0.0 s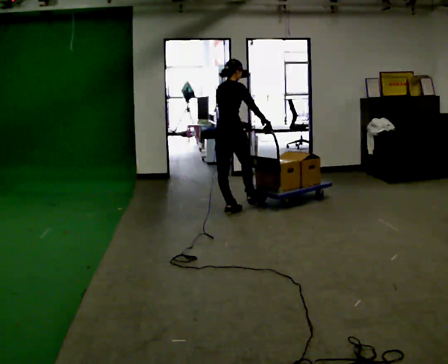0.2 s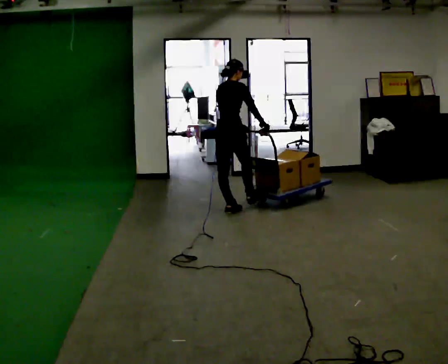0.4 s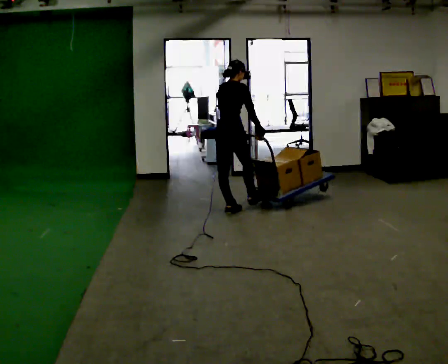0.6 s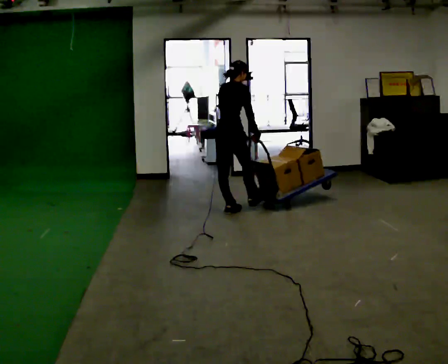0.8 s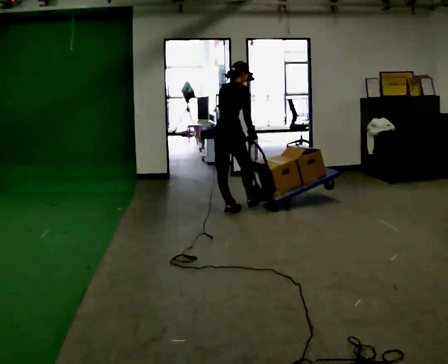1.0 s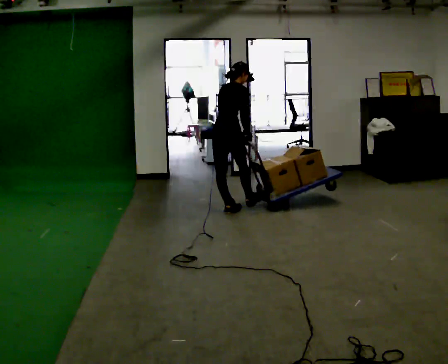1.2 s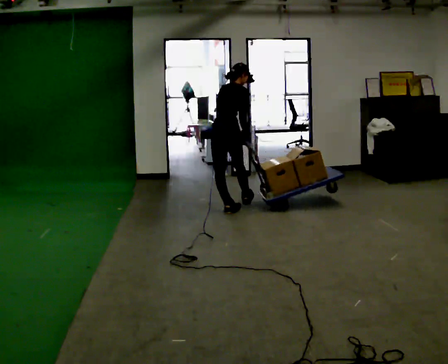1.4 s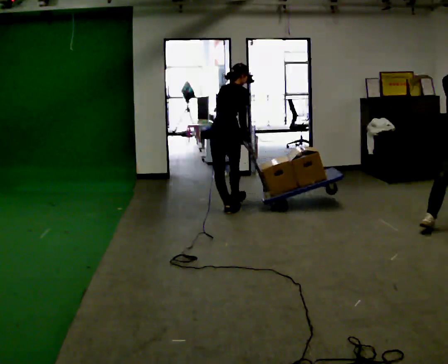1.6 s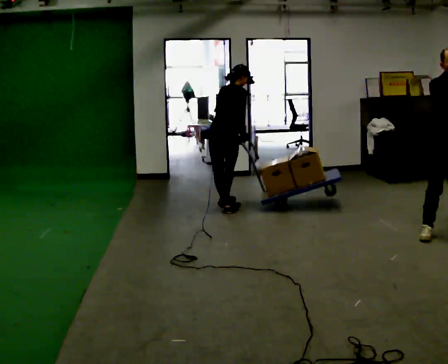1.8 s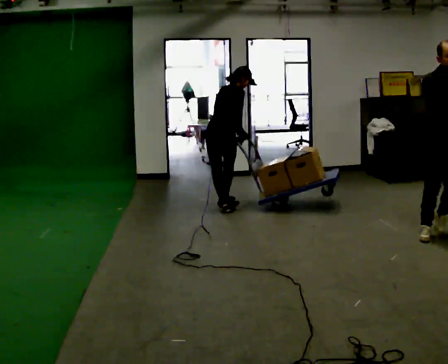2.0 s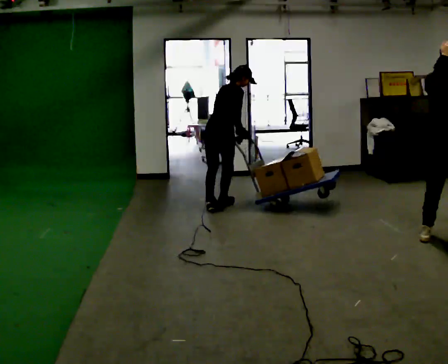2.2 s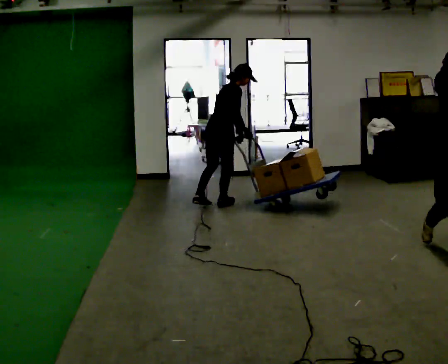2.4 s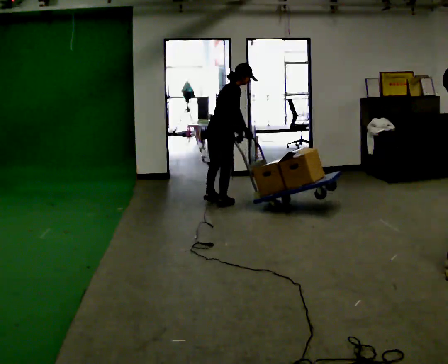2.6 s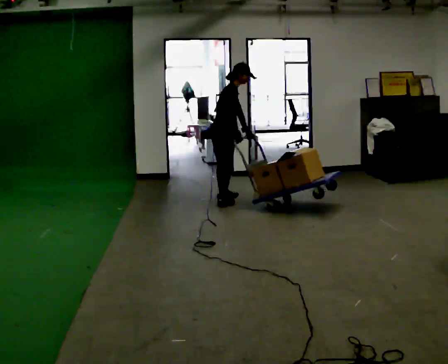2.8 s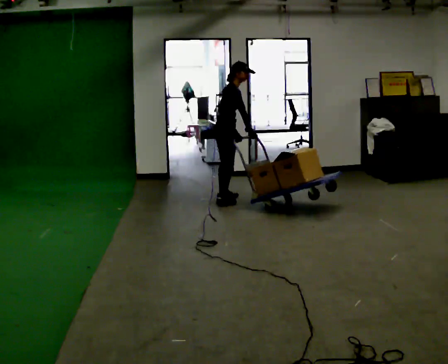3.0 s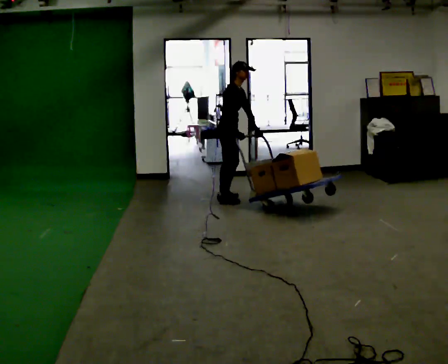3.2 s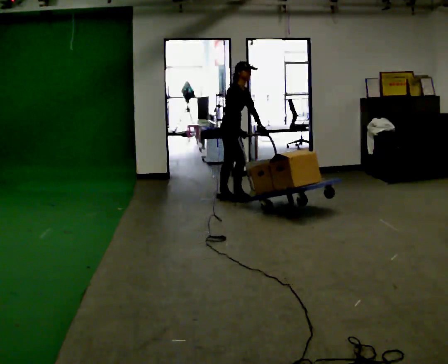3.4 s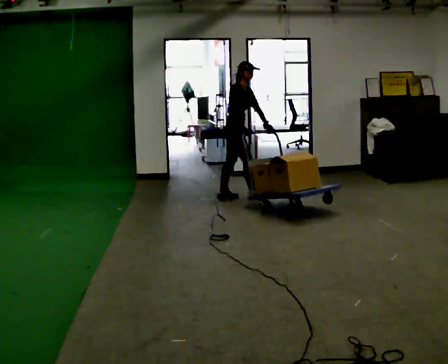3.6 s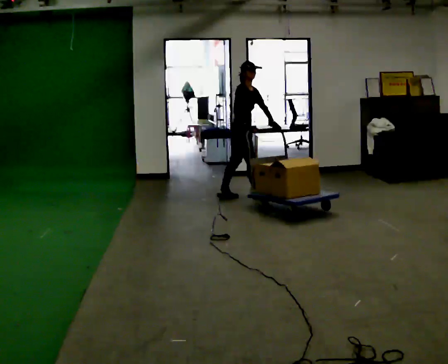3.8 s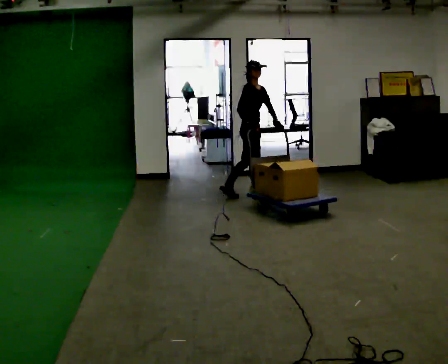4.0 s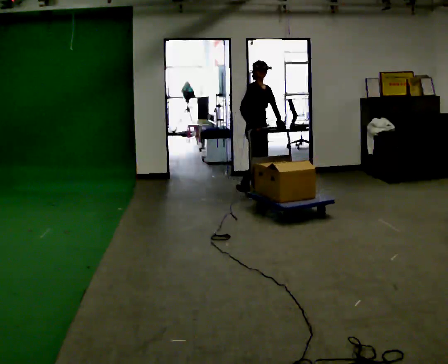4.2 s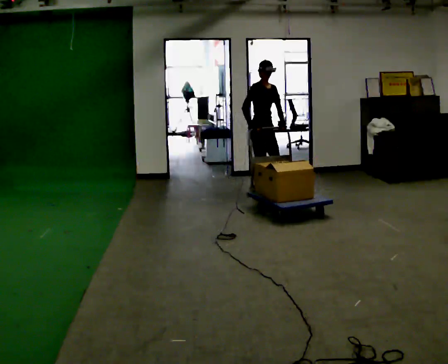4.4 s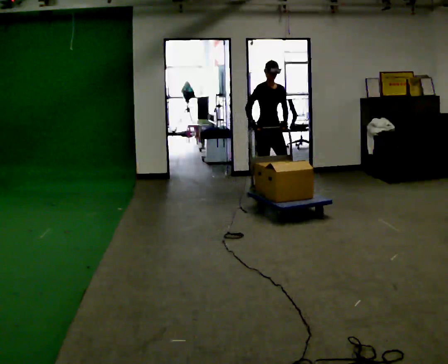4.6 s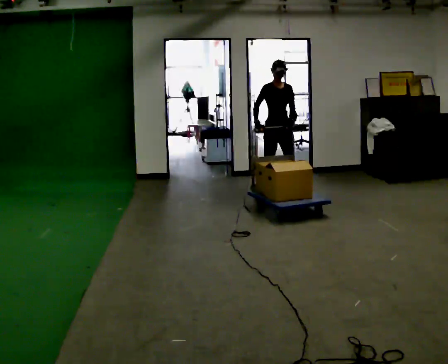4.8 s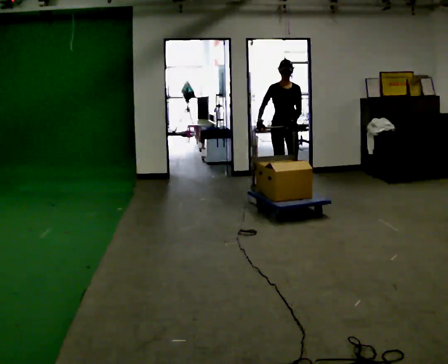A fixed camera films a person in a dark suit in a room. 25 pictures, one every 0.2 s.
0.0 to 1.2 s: The person moves a little, or ends about where they began.
1.2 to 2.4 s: In the picture they go away from the camera, about 0.25 m in 1 step, which for them is forward and to their left.
2.4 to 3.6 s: Seen from above the body turns clockwise, about 45 degrees: to their right, with its near side sliding to the left. In the picture they go away from the camera and to the right, about 0.5 m in 2 steps, which for them is to their left and forward.
3.6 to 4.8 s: The person turns about 60 degrees to their right, clockwise seen from above, so the part of the body nearest the lens slides to the left. In the picture they go to the right, about 0.5 m in 1 step.
The film runs forward here.
